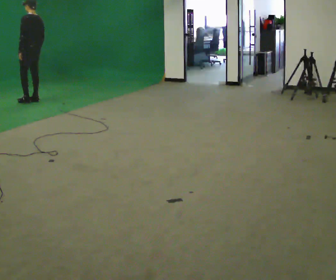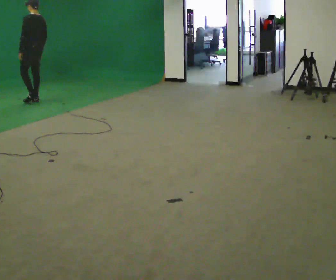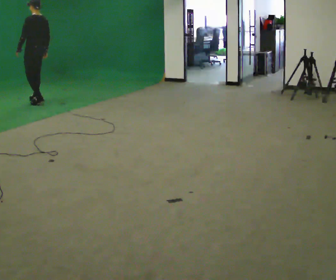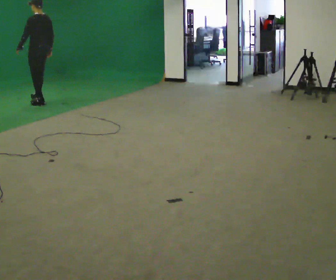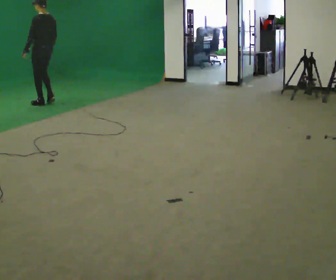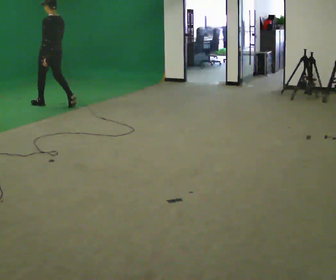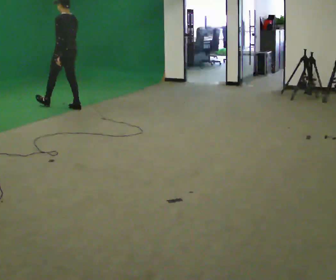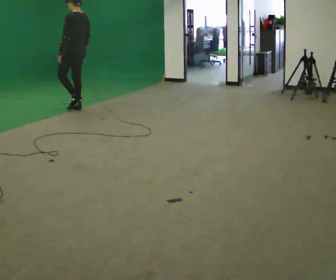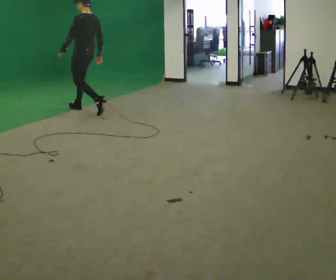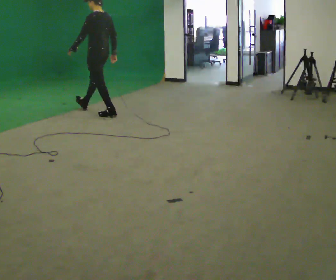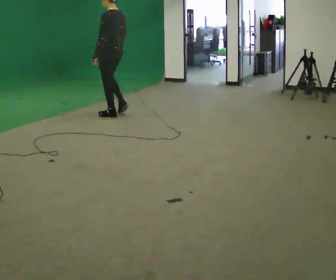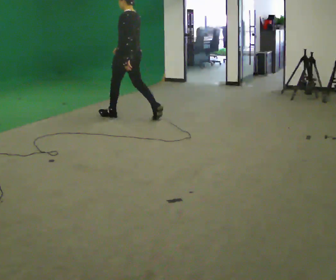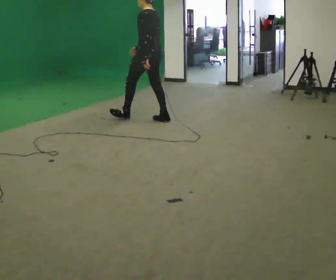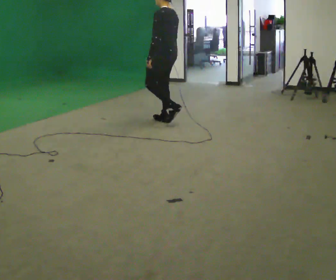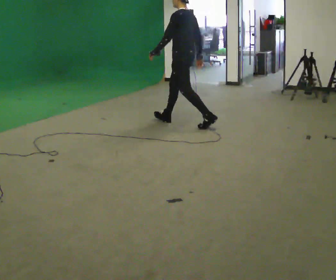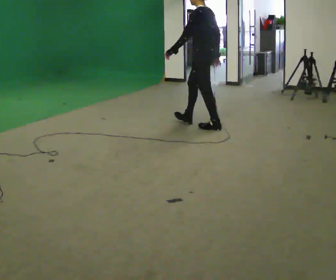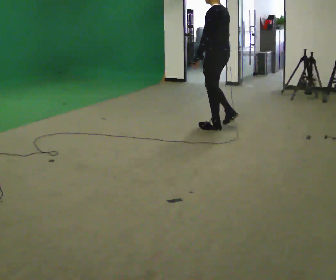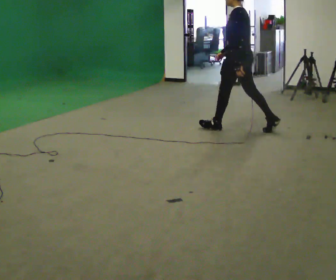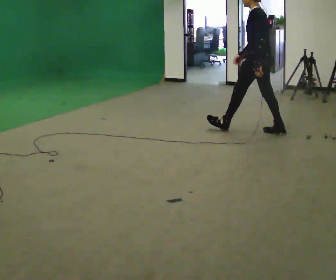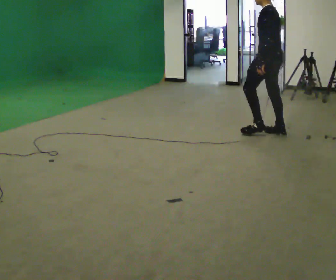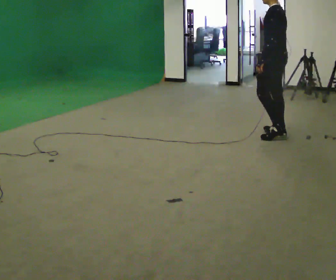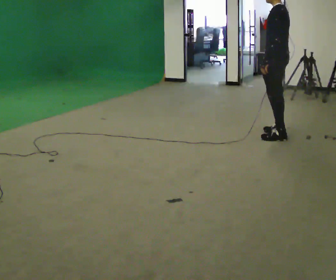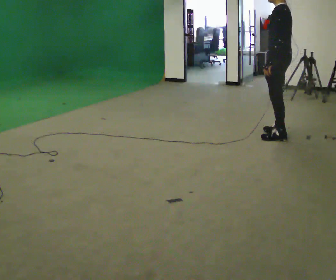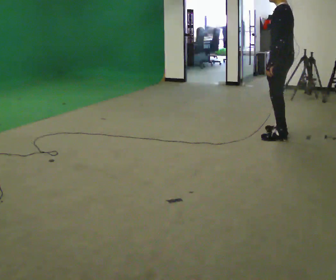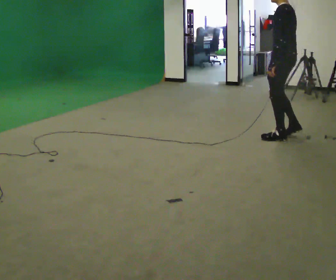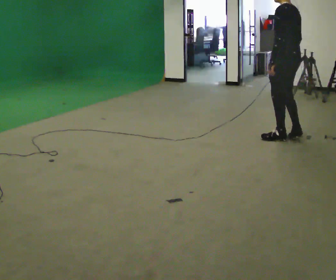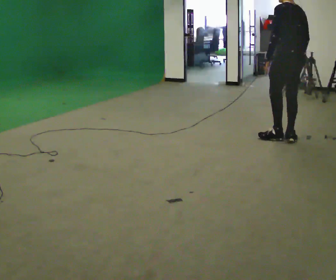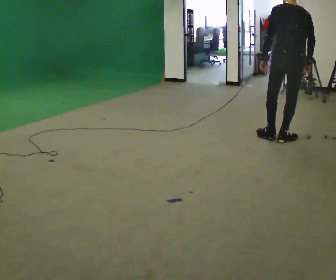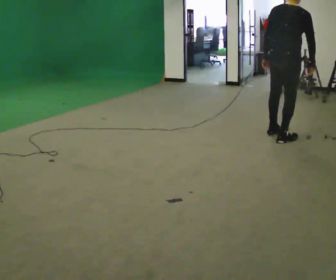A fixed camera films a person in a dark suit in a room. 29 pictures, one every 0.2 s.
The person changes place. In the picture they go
to the right.
0.0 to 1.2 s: In the picture they go to the right and toward the camera, about 1 m in 3 steps, which for them is backward.
1.2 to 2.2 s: In the picture they go to the right and toward the camera, about 1.5 m in 1 step, which for them is backward.
2.2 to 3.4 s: In the picture they go to the right and toward the camera, about 1.5 m in 2 steps, which for them is backward.
3.4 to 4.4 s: In the picture they go to the right and toward the camera, about 0.5 m in 1 step, which for them is backward.
4.4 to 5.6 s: Seen from above the body turns clockwise, about 105 degrees: to their right, with its near side sliding to the left. In the picture they go toward the camera, about 0.25 m in 2 steps. In the picture their right hand goes to the right.
The film runs backward here.
